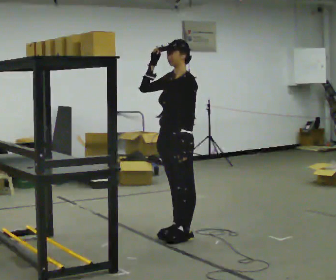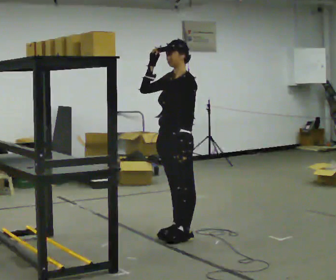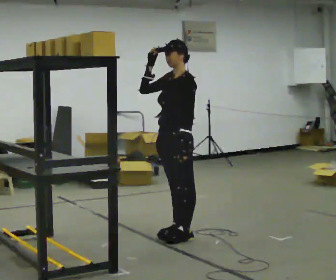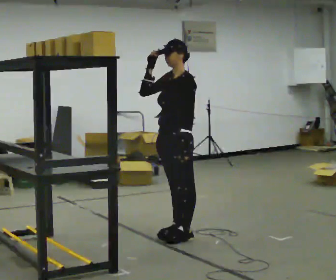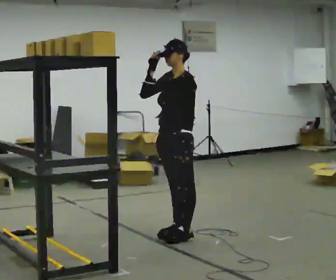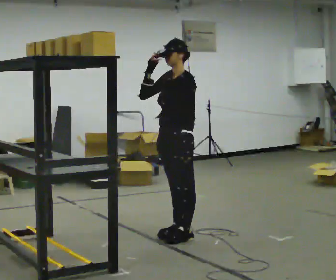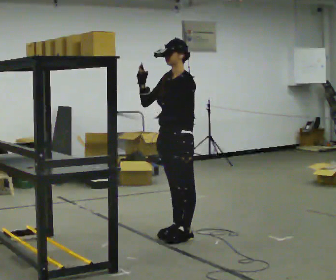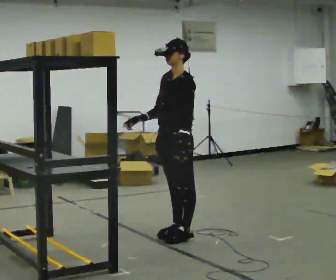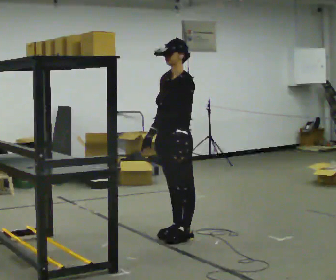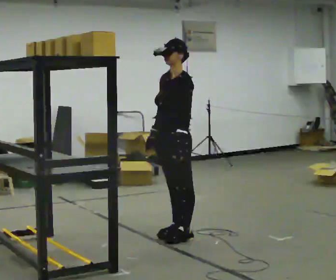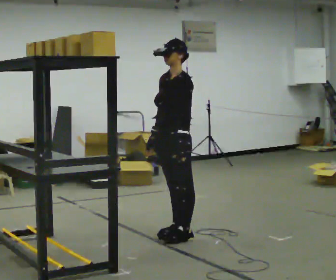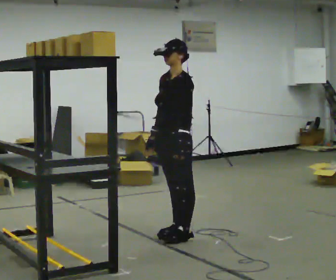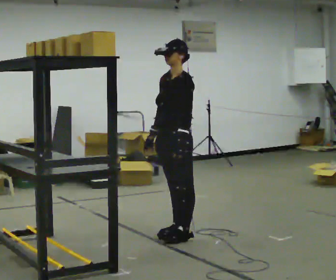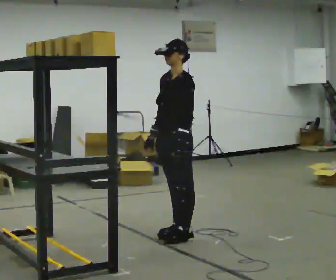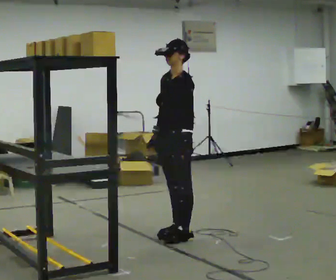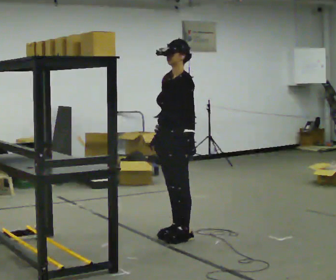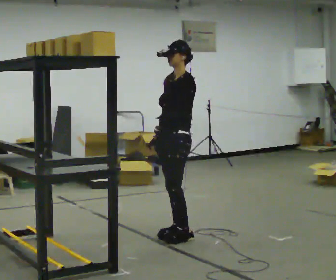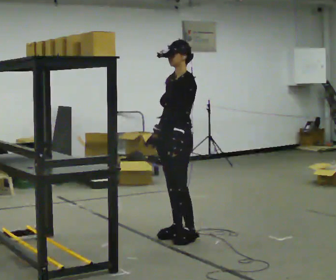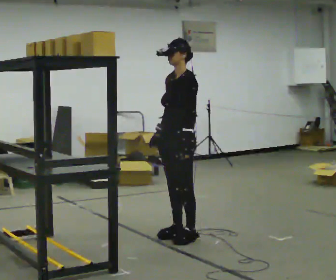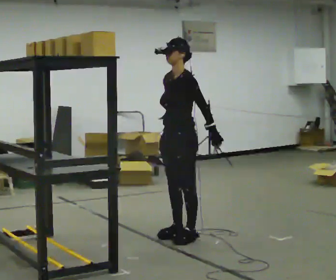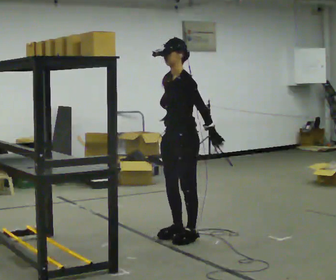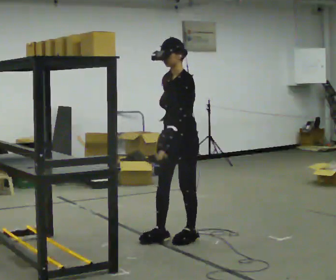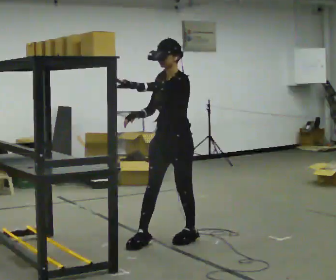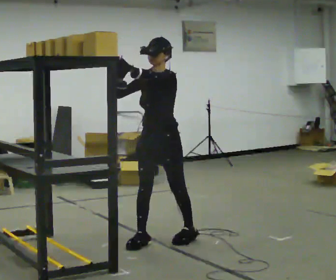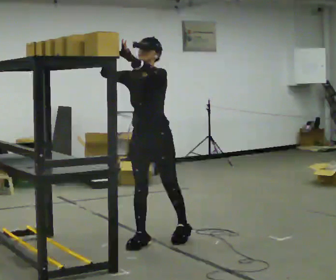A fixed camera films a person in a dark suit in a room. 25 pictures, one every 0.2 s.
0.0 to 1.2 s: The person moves a little, or ends about where they began.
1.2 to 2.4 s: In the picture their right hand goes downward.
2.4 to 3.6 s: The person moves a little, or ends about where they began.
3.6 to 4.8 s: Seen from above the body turns counterclockwise, about 45 degrees: to their left, with its near side sliding to the right. In the picture they go to the left, about 0.25 m in 2 steps, which for them is forward. In the picture their right hand goes upward.
The film runs backward here.
